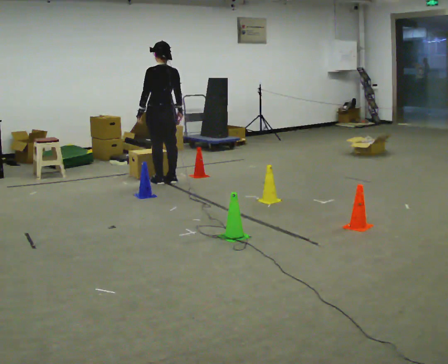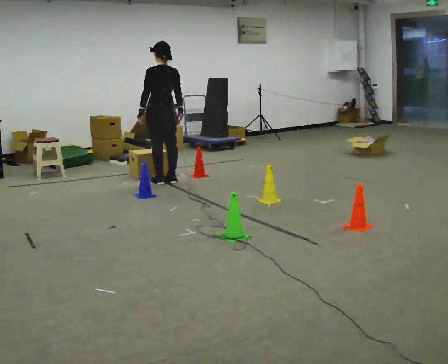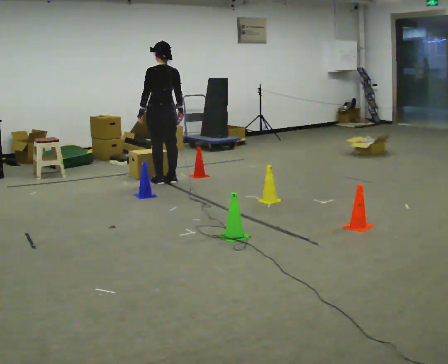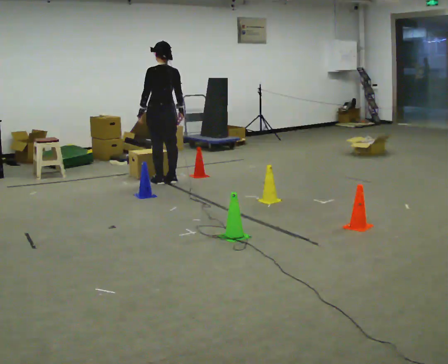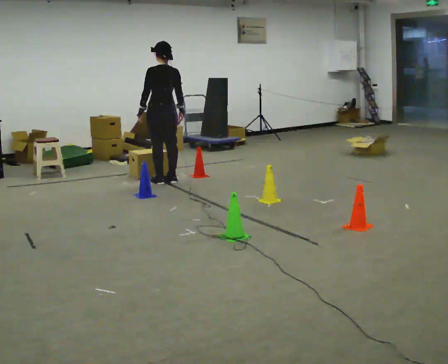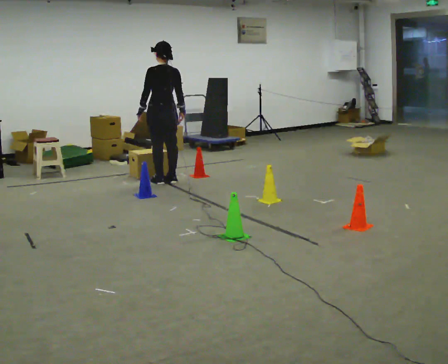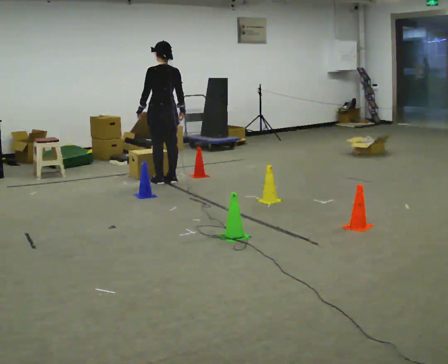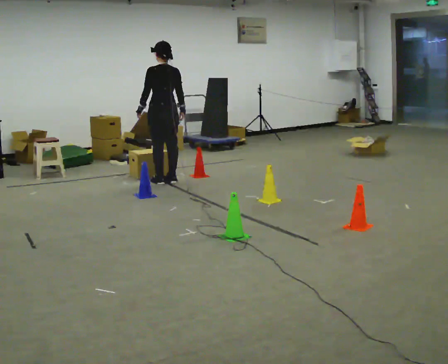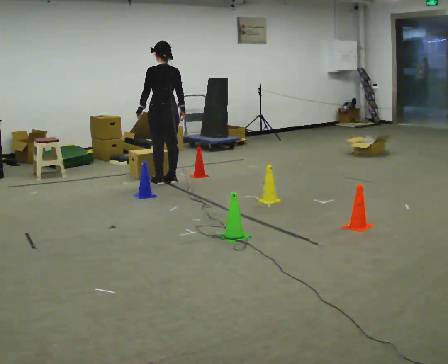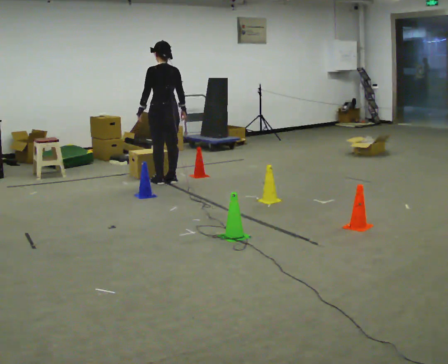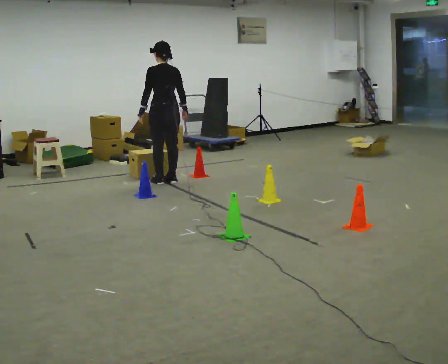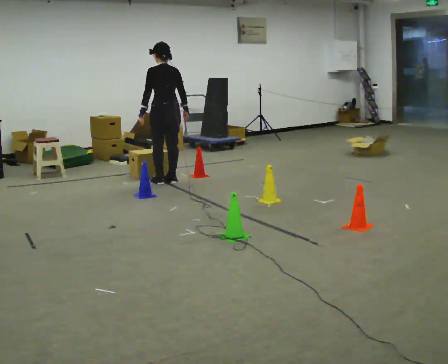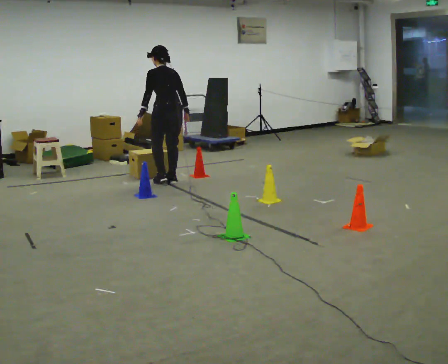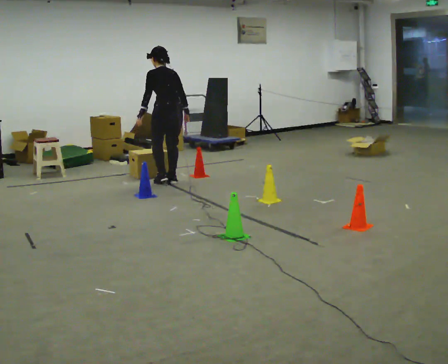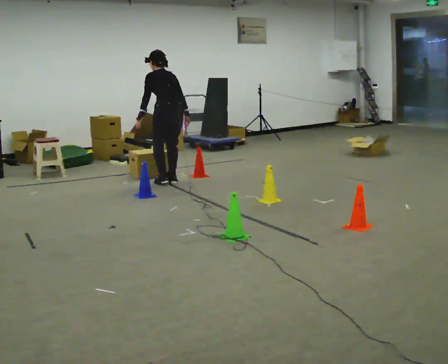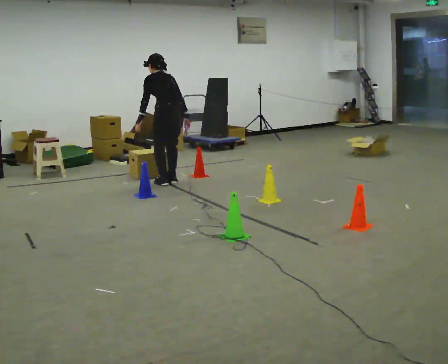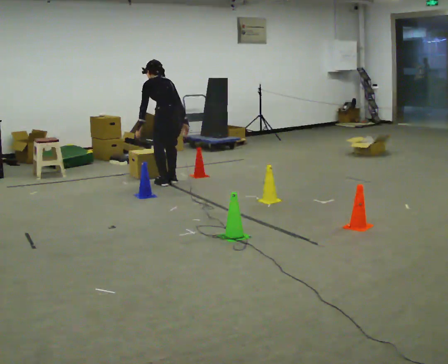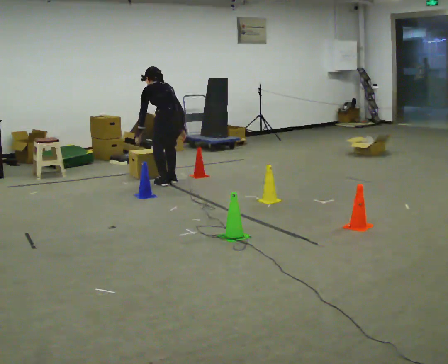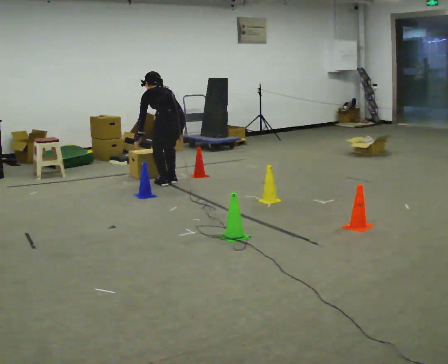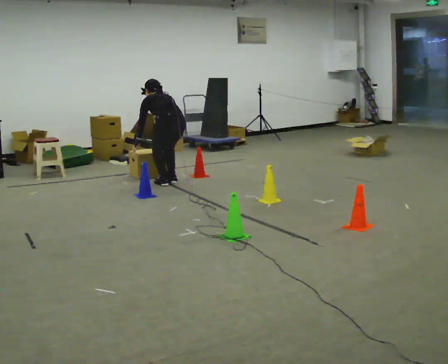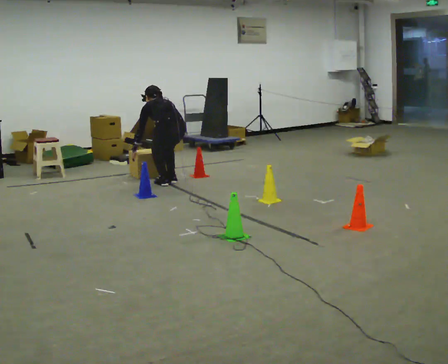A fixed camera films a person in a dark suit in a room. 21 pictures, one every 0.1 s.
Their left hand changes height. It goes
downward.
The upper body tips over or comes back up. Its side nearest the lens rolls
upward.
0.0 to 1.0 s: The person moves a little, or ends about where they began.
1.0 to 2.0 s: In the picture they go toward the camera, about 0.25 m, which for them is backward. The upper body goes downward. The upper body tips away from the camera, its near side rolling upward, as they bend forward. In the picture their left hand goes downward.
The film runs backward here.
